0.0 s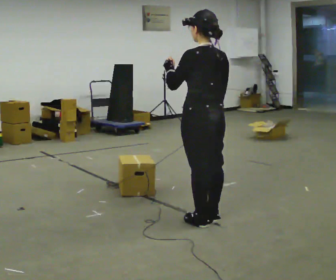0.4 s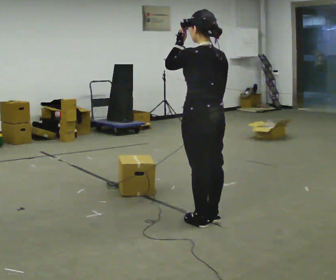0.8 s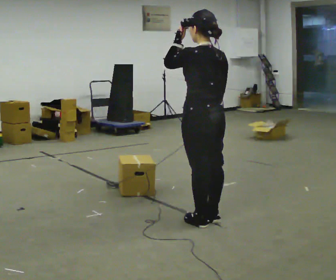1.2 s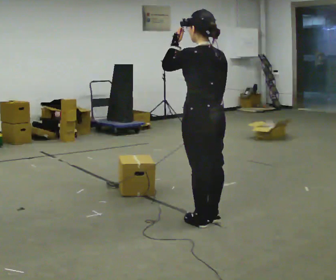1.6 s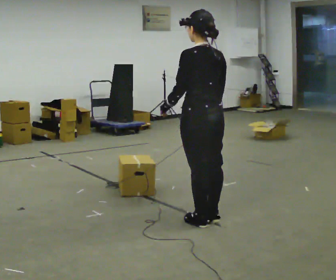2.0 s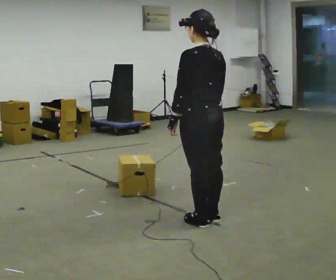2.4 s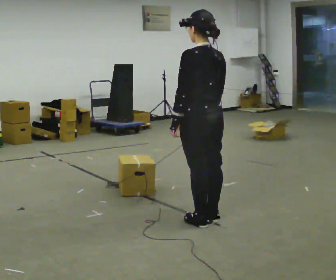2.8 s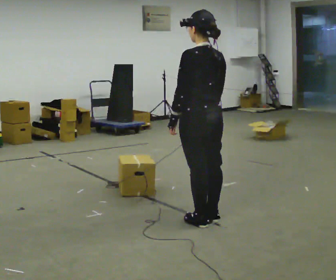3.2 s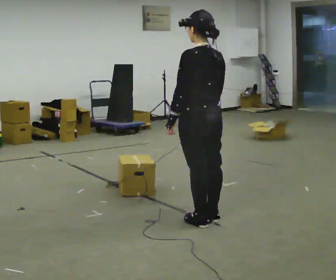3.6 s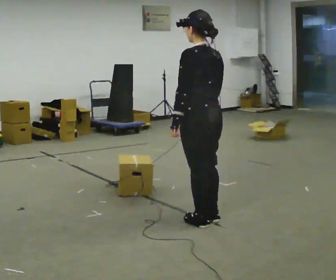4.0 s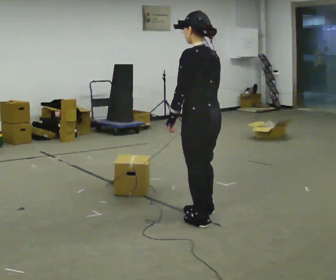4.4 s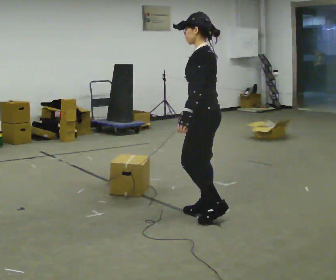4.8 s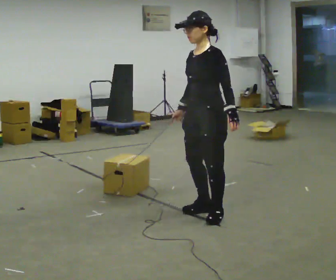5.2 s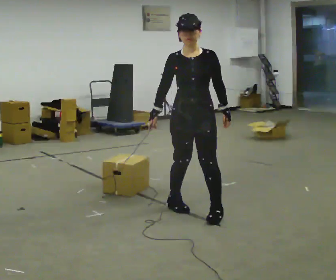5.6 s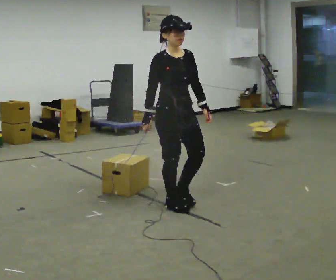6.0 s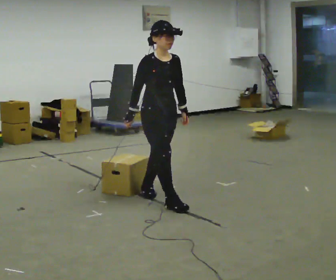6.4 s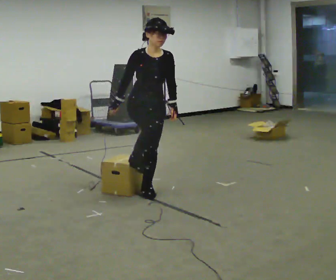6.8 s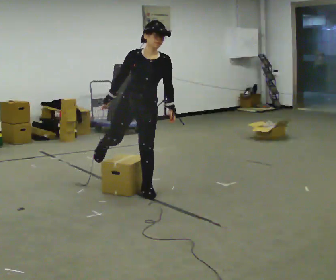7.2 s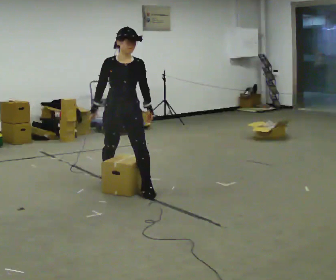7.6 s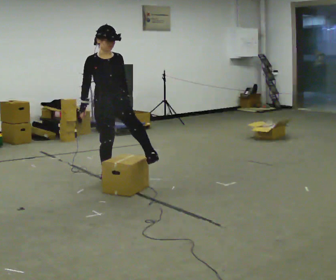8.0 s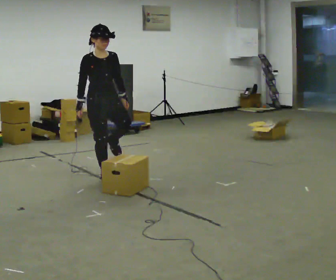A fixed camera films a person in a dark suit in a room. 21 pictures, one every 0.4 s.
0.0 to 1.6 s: The person moves a little, or ends about where they began.
1.6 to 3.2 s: In the picture their left hand goes downward, the arm swinging counterclockwise.
3.2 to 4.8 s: Seen from above the body turns counterclockwise, about 60 degrees: to their left, with its near side sliding to the right. In the picture they go away from the camera, about 0.25 m in 2 steps. In the picture their left hand goes to the right.
4.8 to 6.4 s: The person turns about 120 degrees to their left, counterclockwise seen from above, so the part of the body nearest the lens slides to the right. In the picture they go to the left and away from the camera, about 0.5 m in 3 steps. In the picture the upper body tilts clockwise, shoulders to the right.
6.4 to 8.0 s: In the picture they go to the left and away from the camera, about 1 m in 1 step, which for them is backward and to their right.
The film runs backward here.
